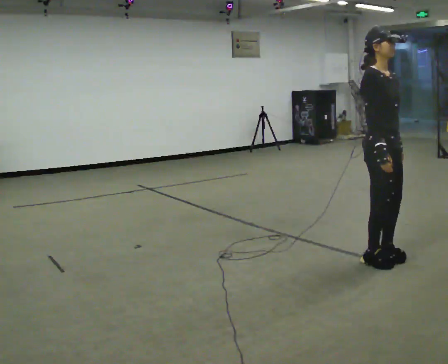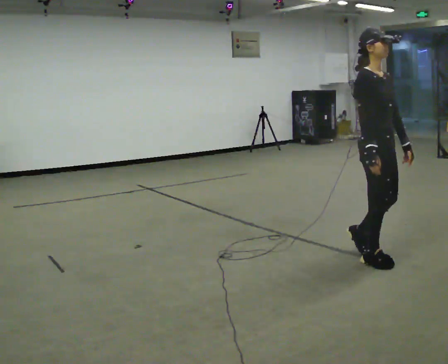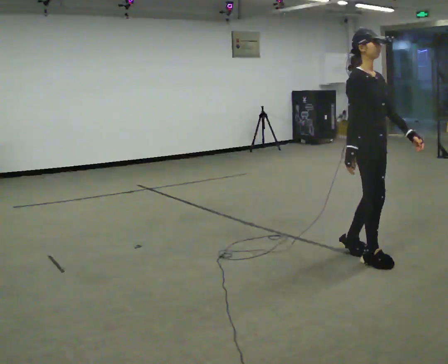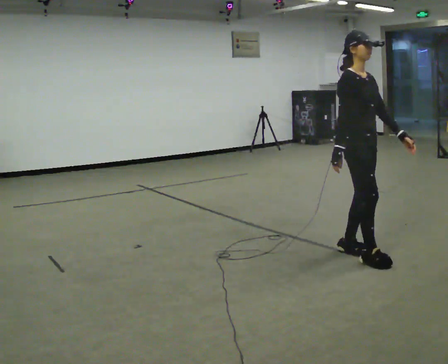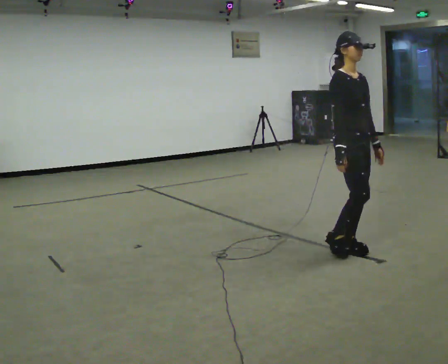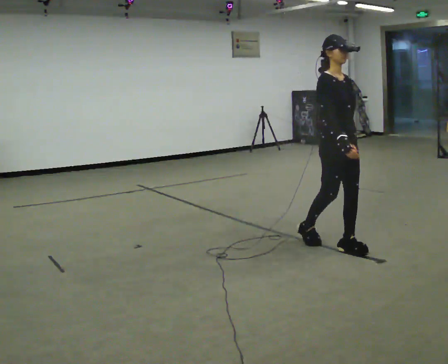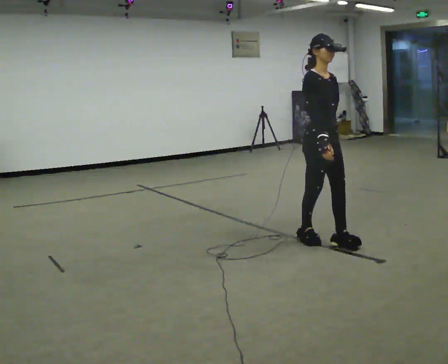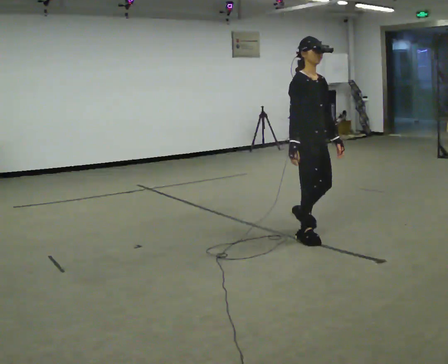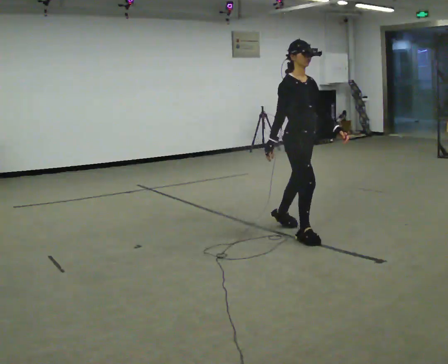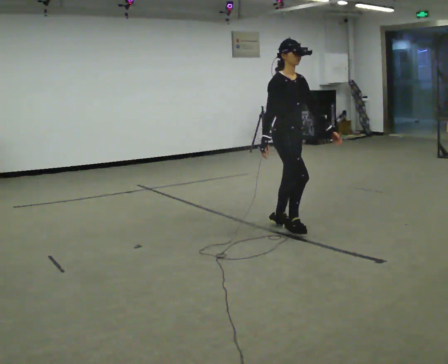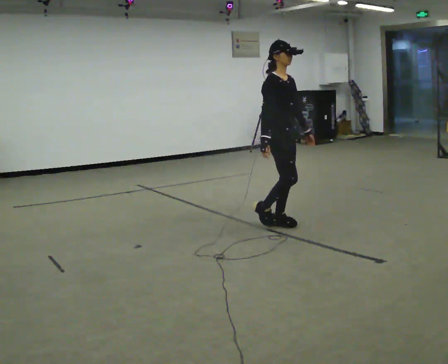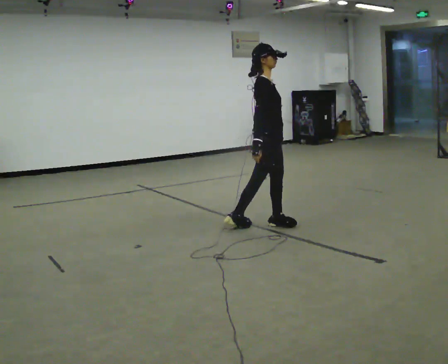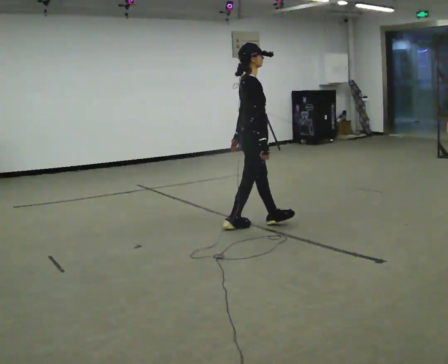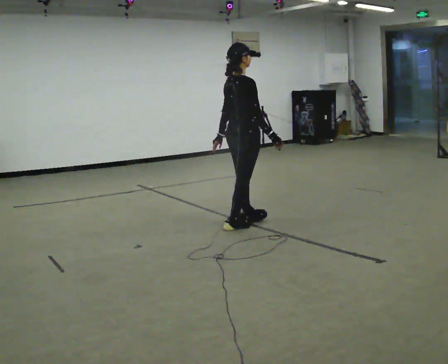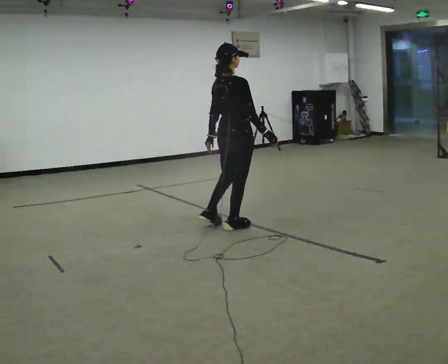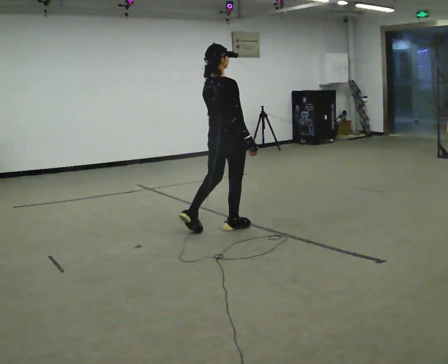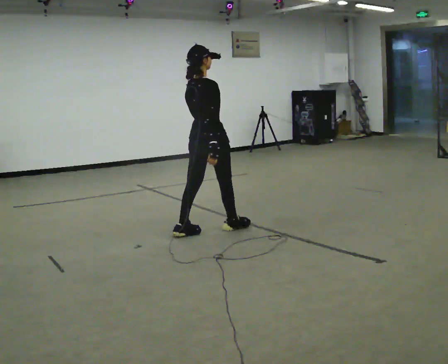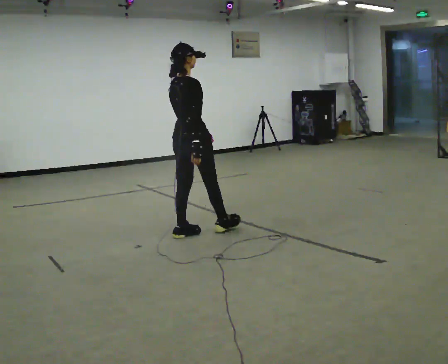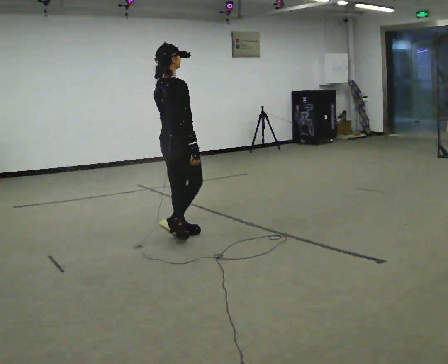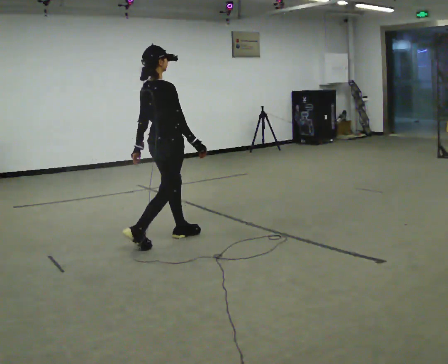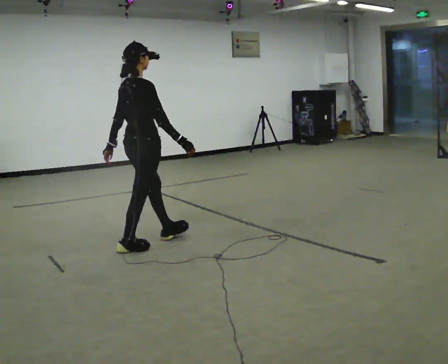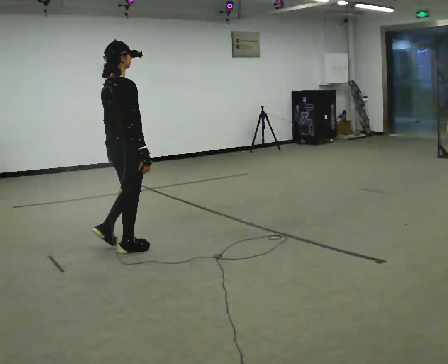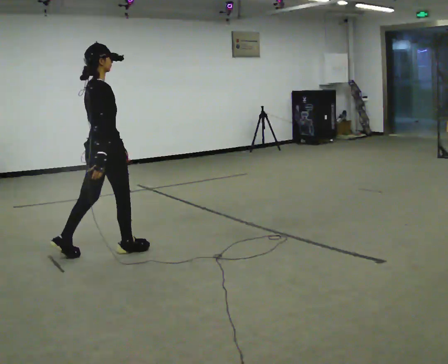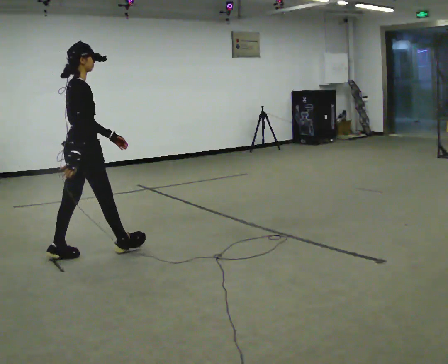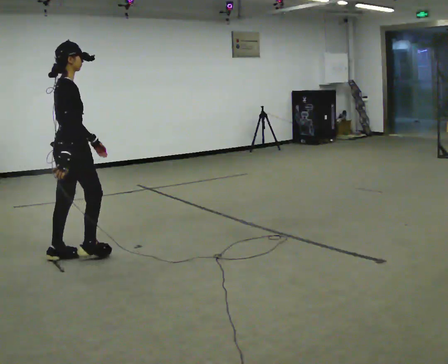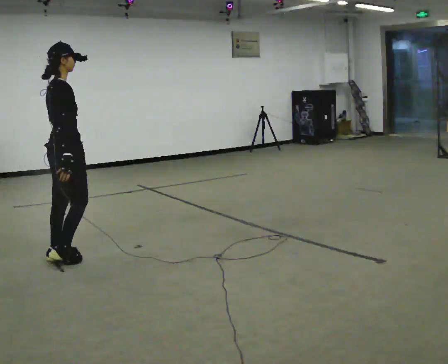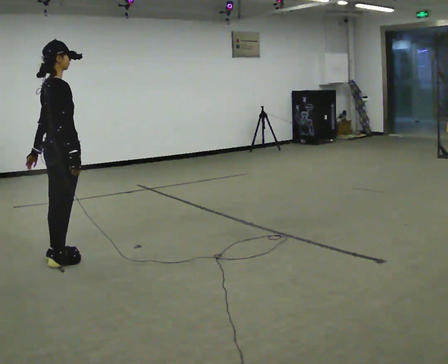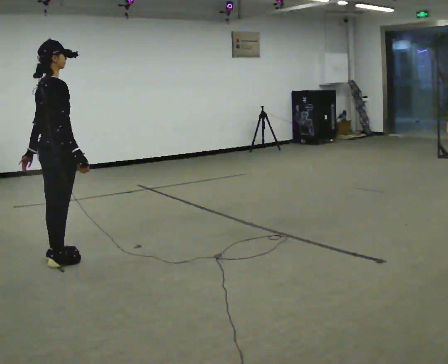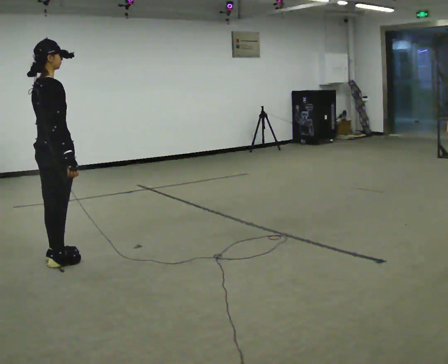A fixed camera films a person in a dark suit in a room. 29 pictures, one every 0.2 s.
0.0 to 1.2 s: In the picture they go away from the camera and to the left, about 0.5 m in 2 steps, which for them is backward.
1.2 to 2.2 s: The part of the body nearest the lens slides to the right as the person turns to their left by about 30 degrees. In the picture they go away from the camera and to the left, about 0.75 m in 1 step, which for them is backward.
2.2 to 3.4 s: The person turns about 45 degrees to their left, counterclockwise seen from above, so the part of the body nearest the lens slides to the right. In the picture they go to the left, about 0.75 m in 2 steps, which for them is backward and to their left.
3.4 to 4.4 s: In the picture they go to the left and toward the camera, about 1 m in 1 step, which for them is backward.
4.4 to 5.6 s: In the picture they go to the left and toward the camera, about 0.5 m in 1 step, which for them is backward.
The film runs backward here.
